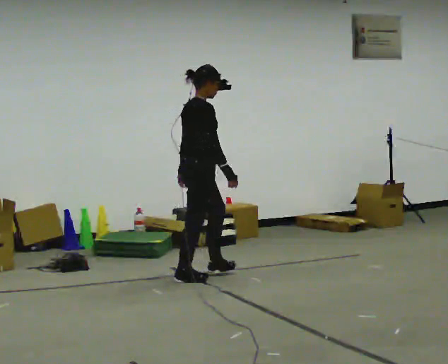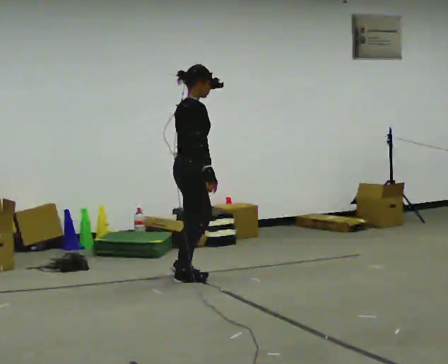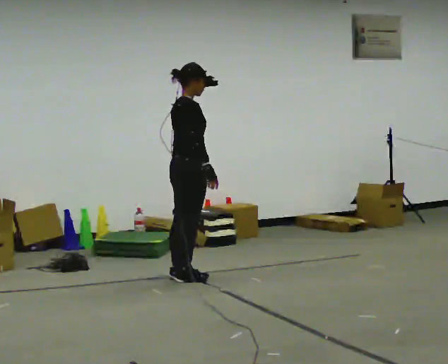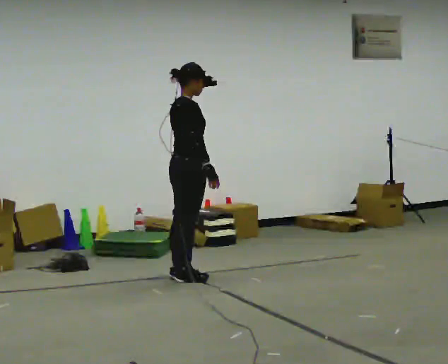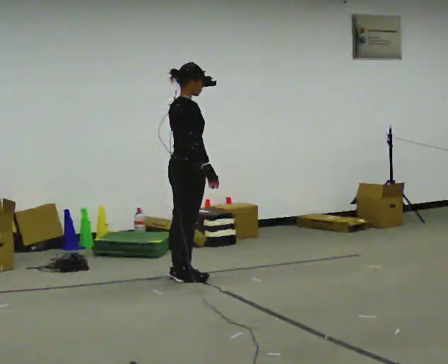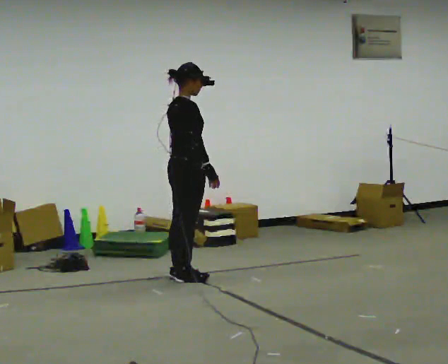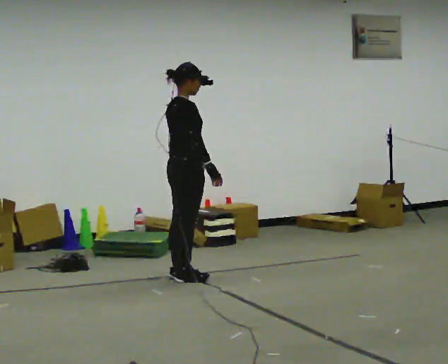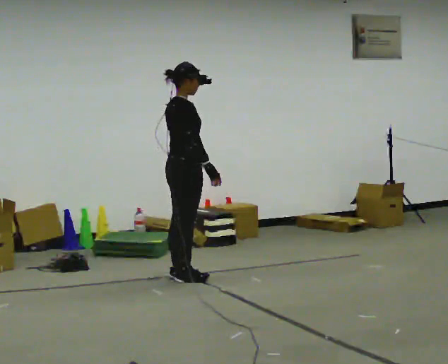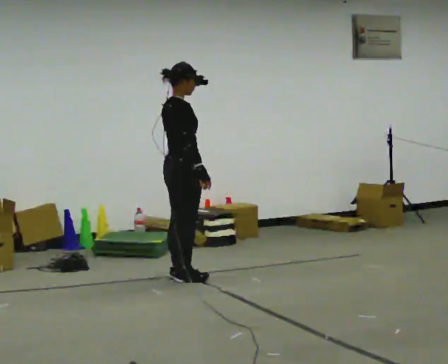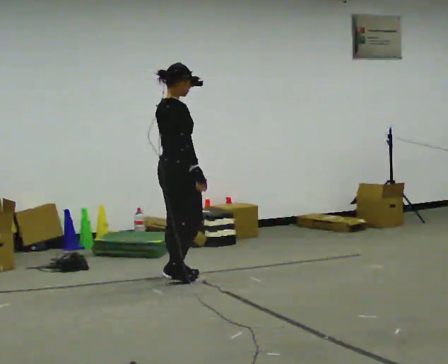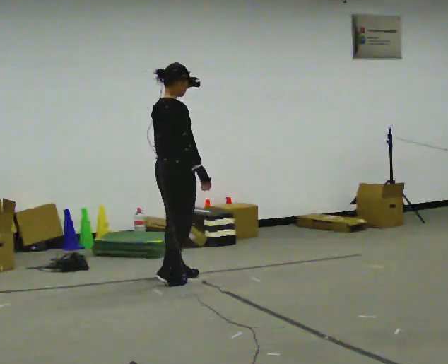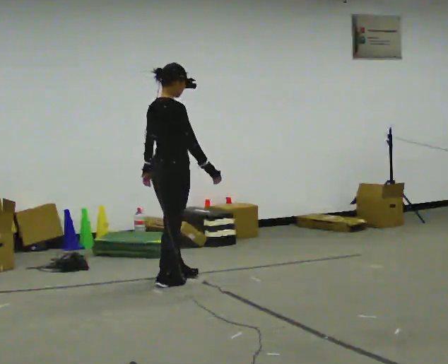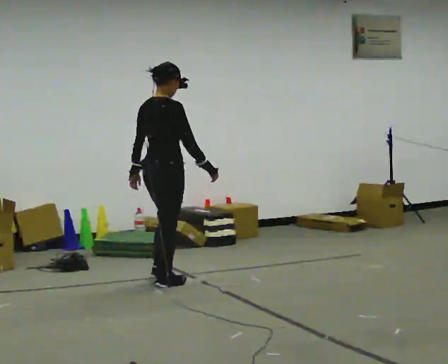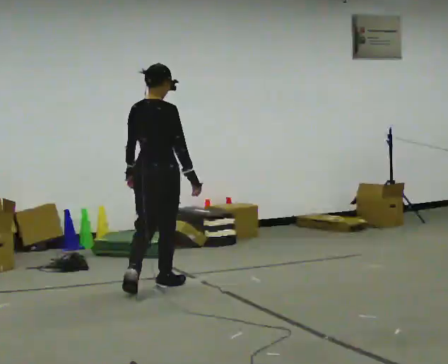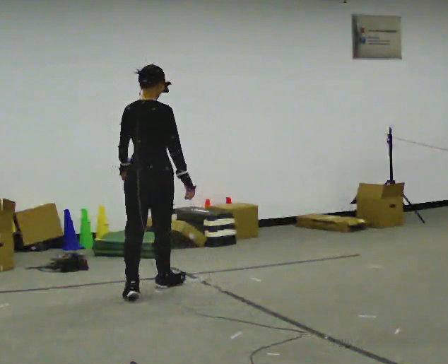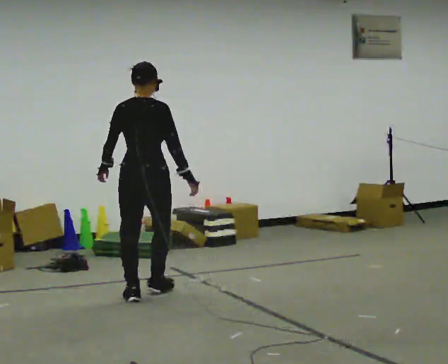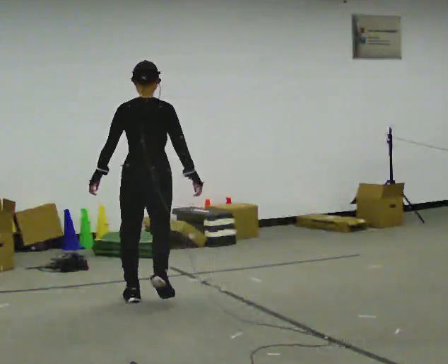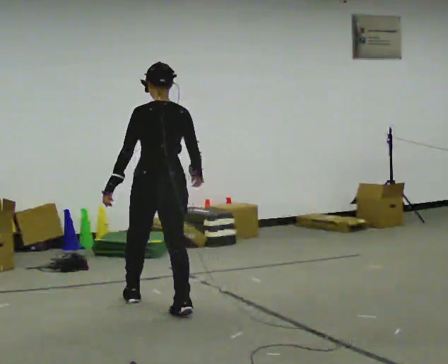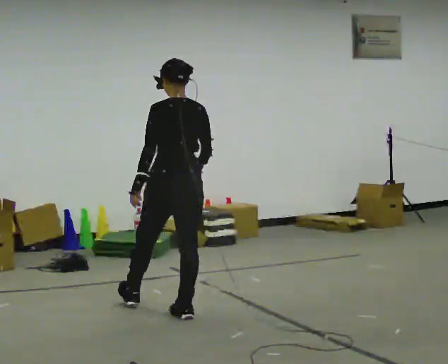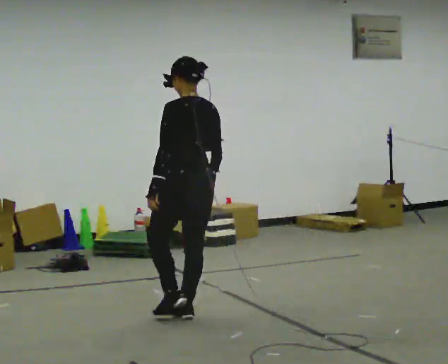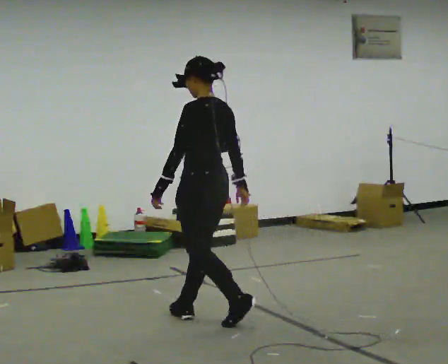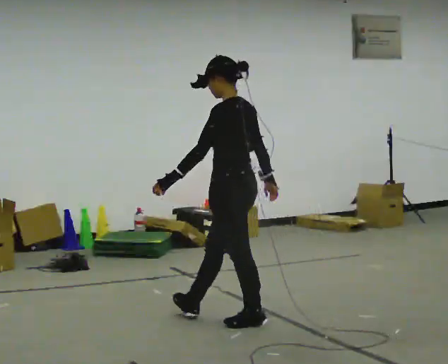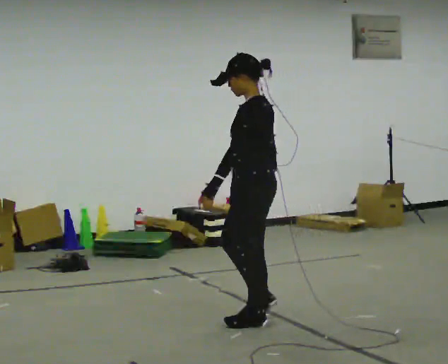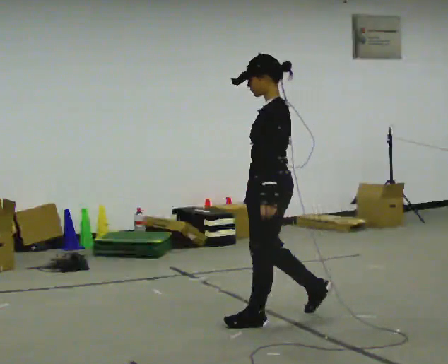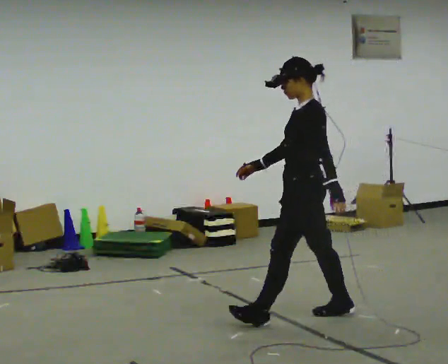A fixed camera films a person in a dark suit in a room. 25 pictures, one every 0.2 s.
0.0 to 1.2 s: The person moves a little, or ends about where they began.
1.2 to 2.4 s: In the picture they go toward the camera and to the left, about 0.25 m in 2 steps, which for them is backward and to their right.
2.4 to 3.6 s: Seen from above the body turns counterclockwise, about 60 degrees: to their left, with its near side sliding to the right. In the picture they go toward the camera, about 1 m in 2 steps.
3.6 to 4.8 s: The person turns about 60 degrees to their left, counterclockwise seen from above, so the part of the body nearest the lens slides to the right. In the picture they go to the right, about 1 m in 2 steps.
The film runs backward here.
